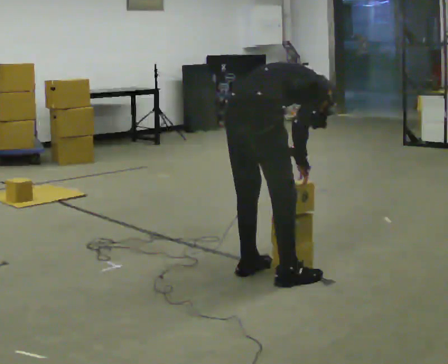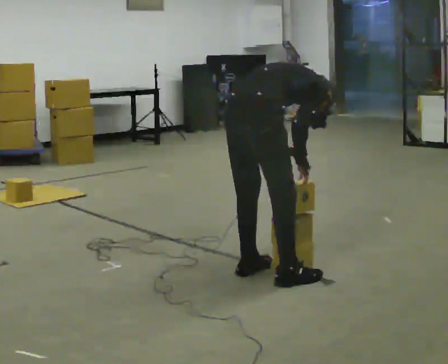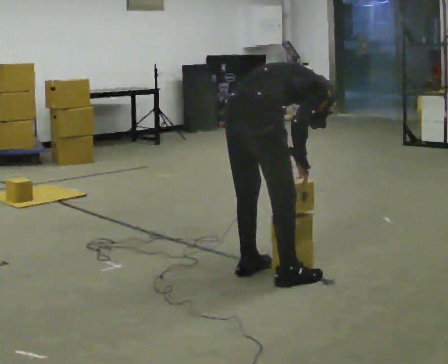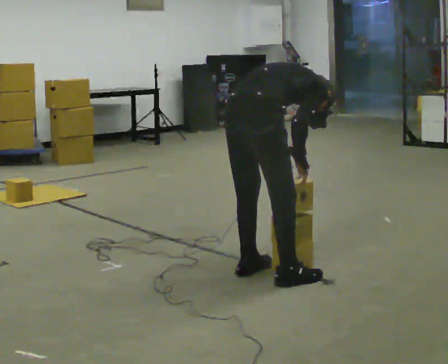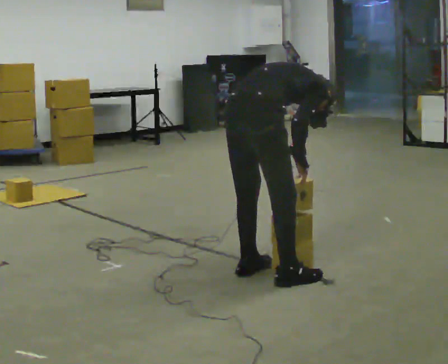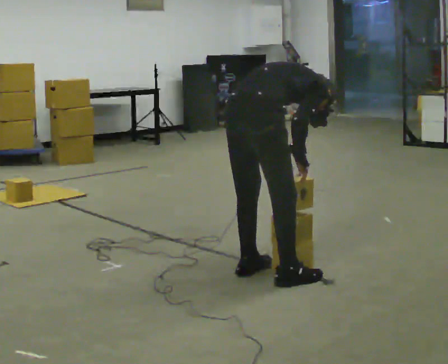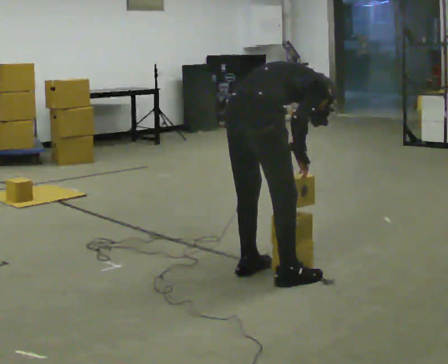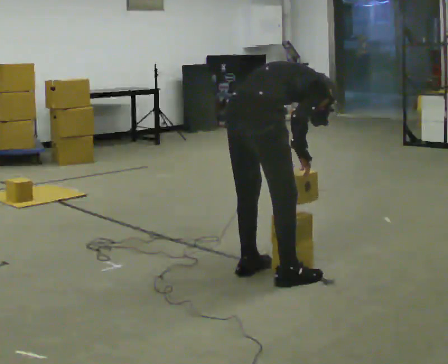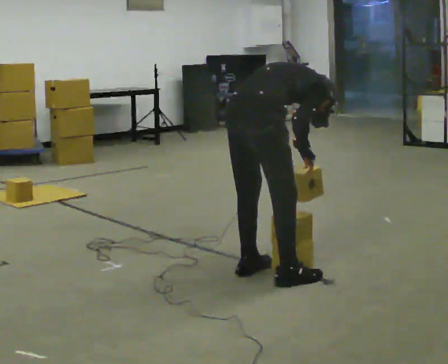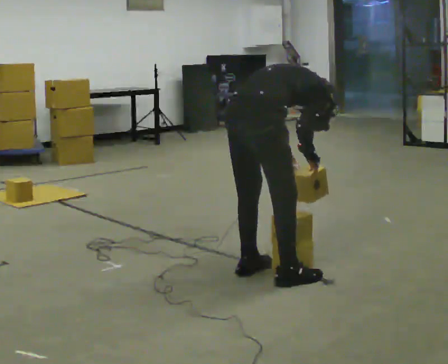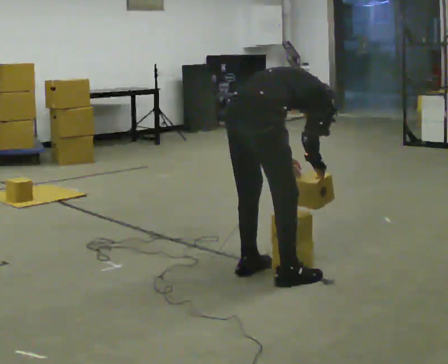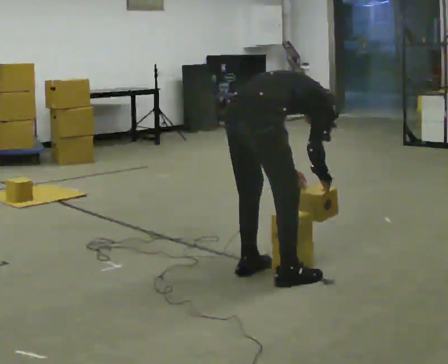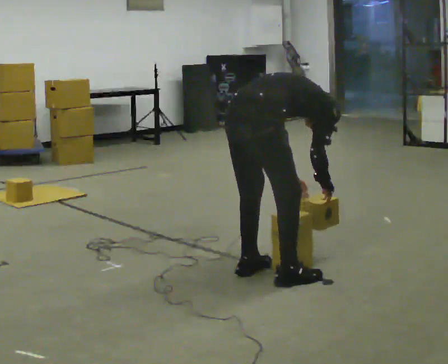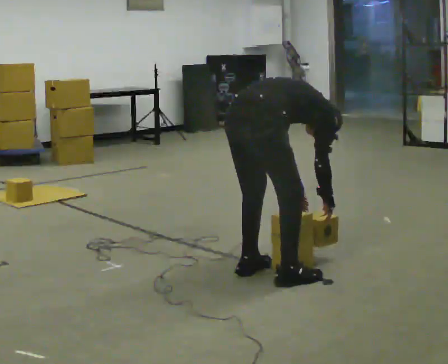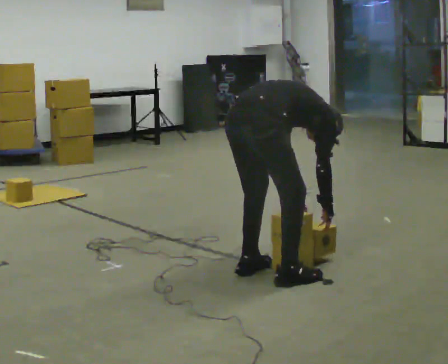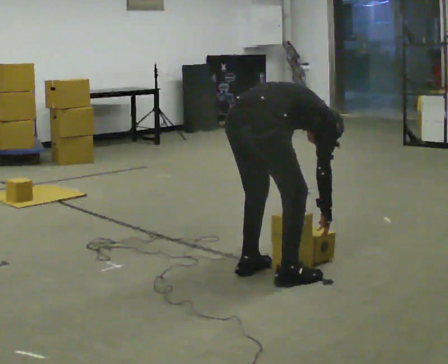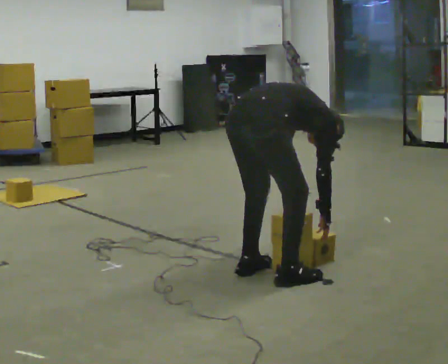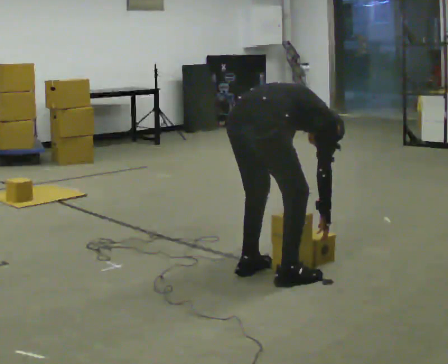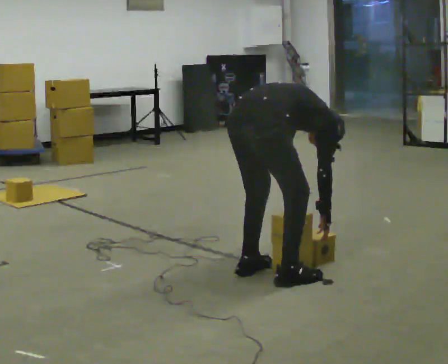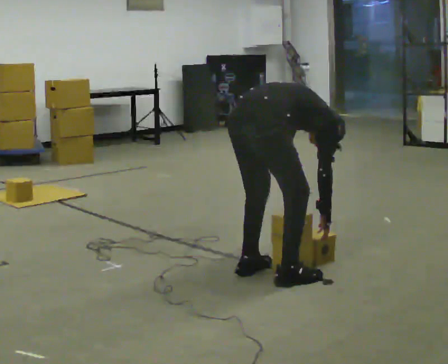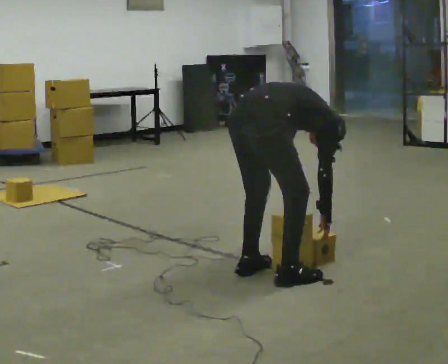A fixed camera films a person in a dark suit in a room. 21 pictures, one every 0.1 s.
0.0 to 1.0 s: The person moves a little, or ends about where they began.
1.0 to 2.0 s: In the picture the upper body tilts clockwise, shoulders to the right, as they bend forward.
The film runs backward here.
